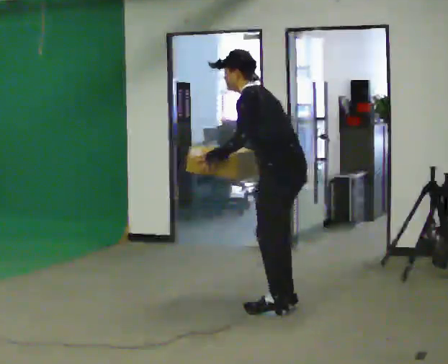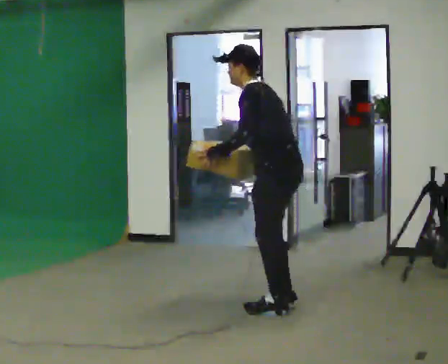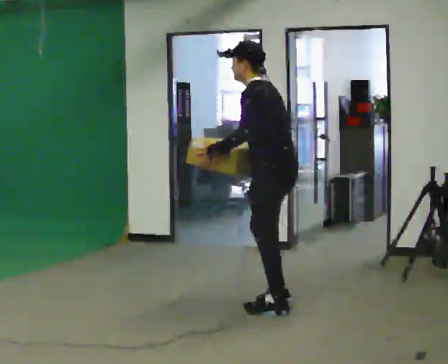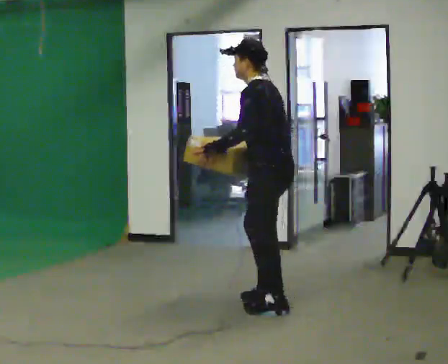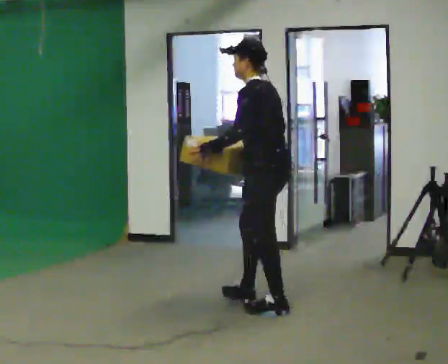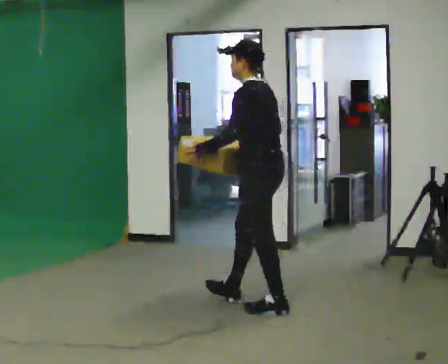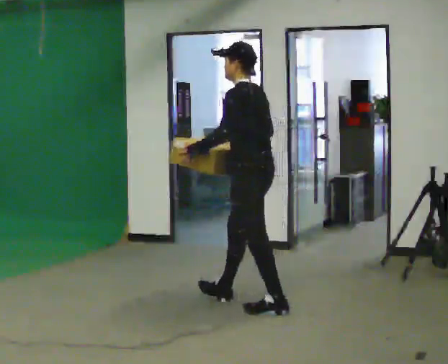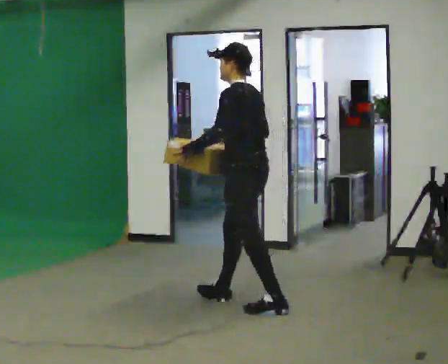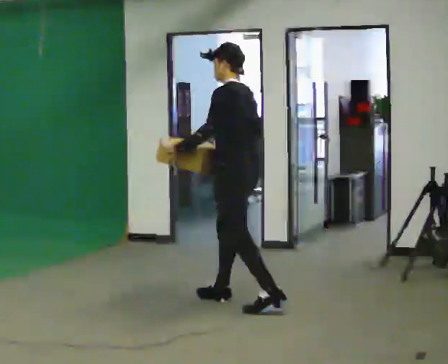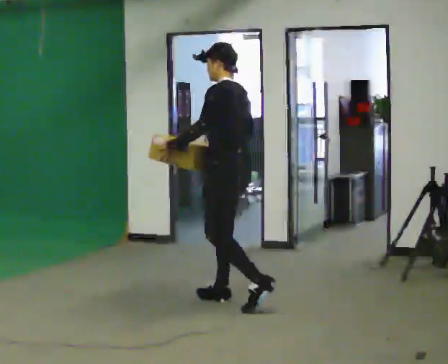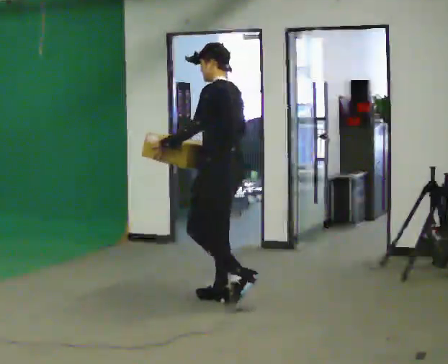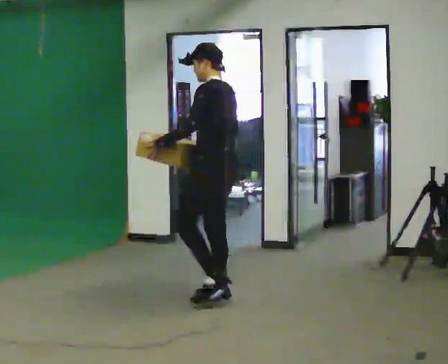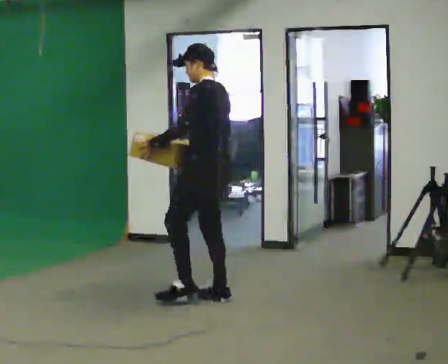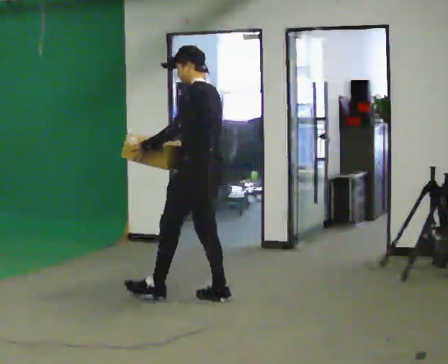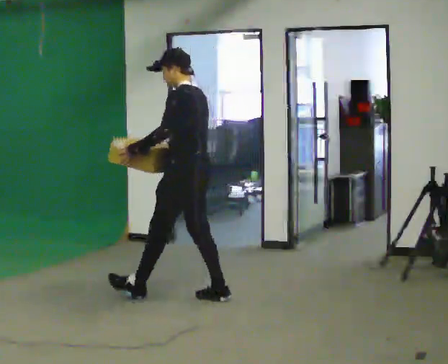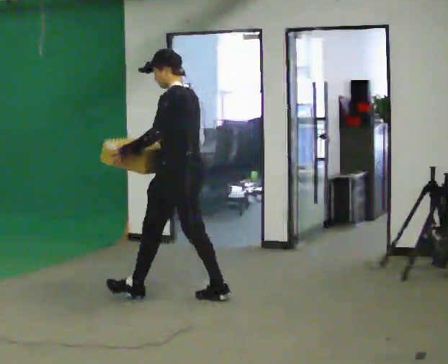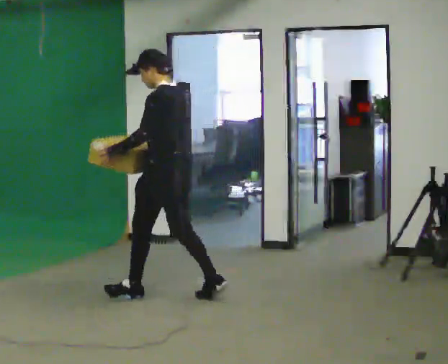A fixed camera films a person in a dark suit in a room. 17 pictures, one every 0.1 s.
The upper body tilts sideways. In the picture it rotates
clockwise.
0.0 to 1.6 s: In the picture they go to the left and away from the camera, about 1 m in 2 steps, which for them is forward. In the picture the upper body tilts clockwise, shoulders to the right, as they lean back or straighten.
The film runs forward here.
